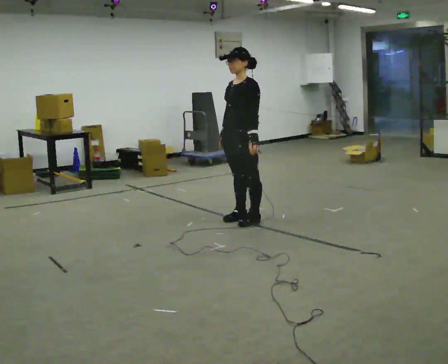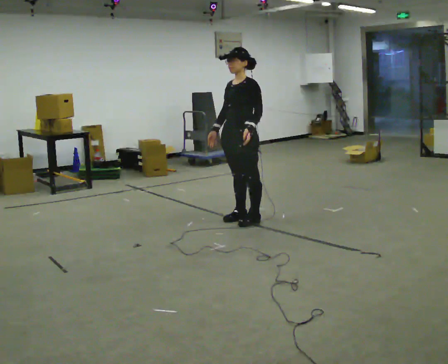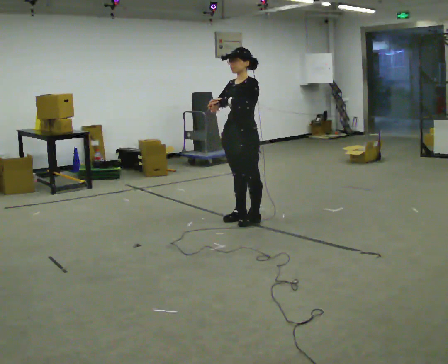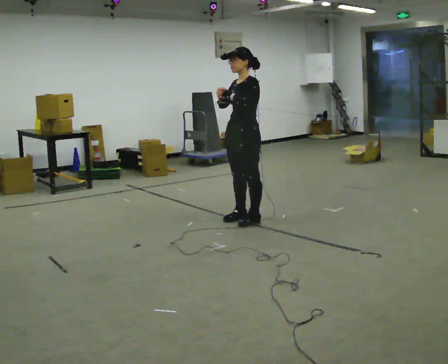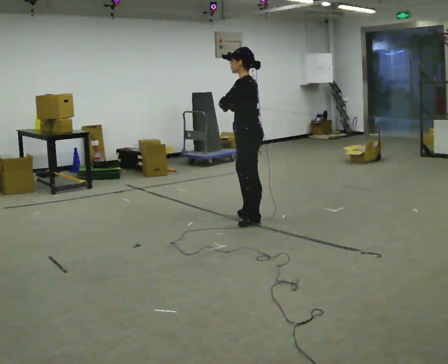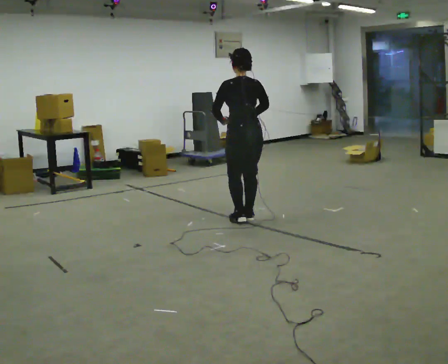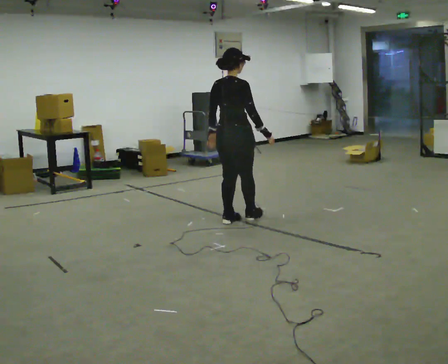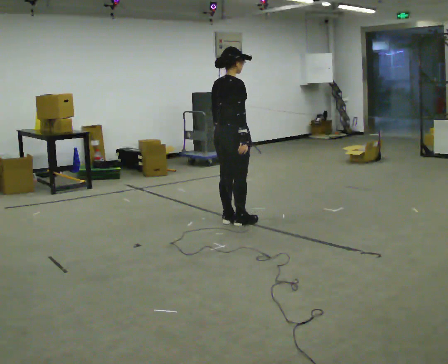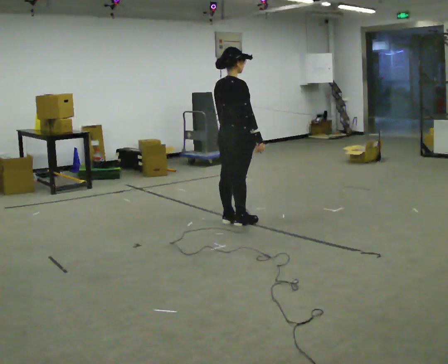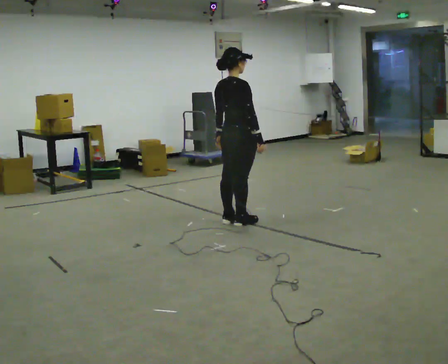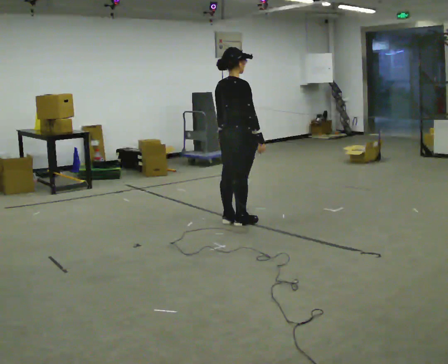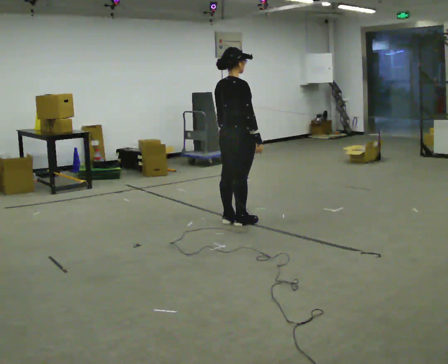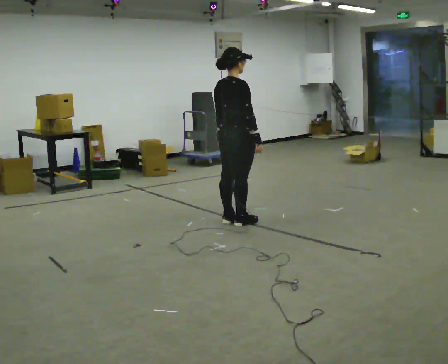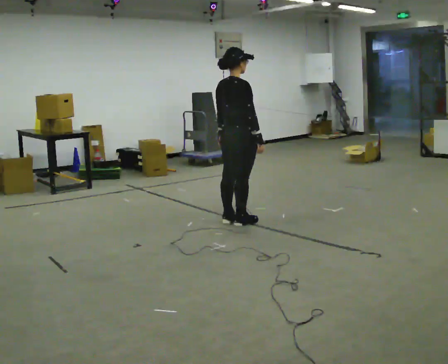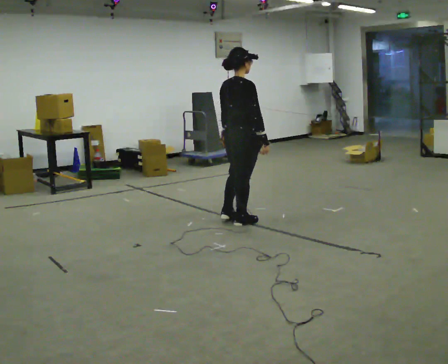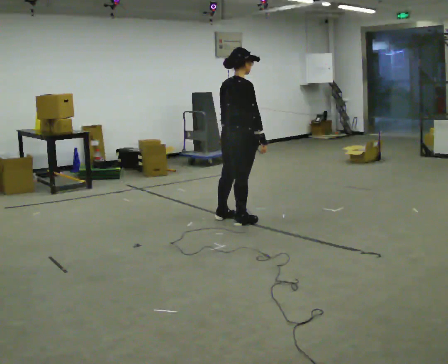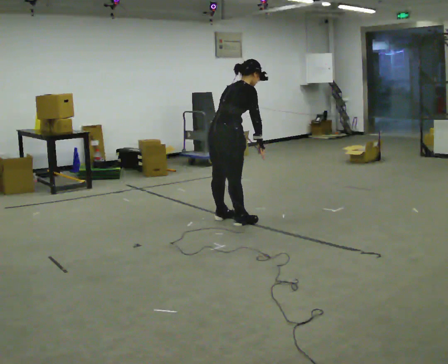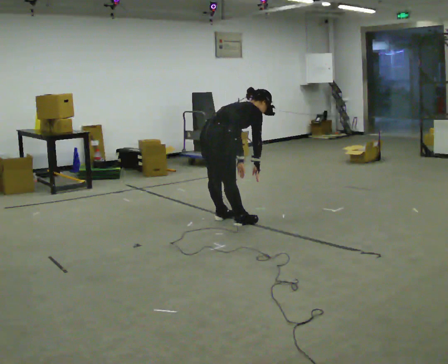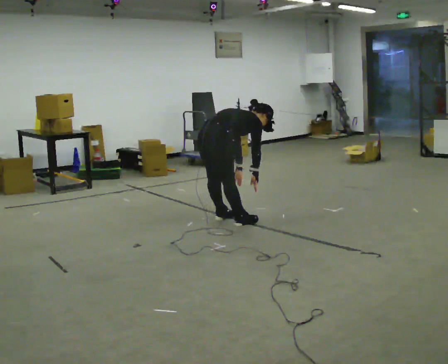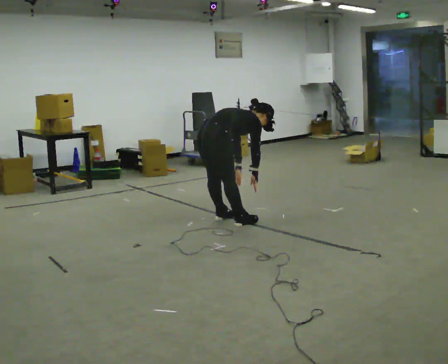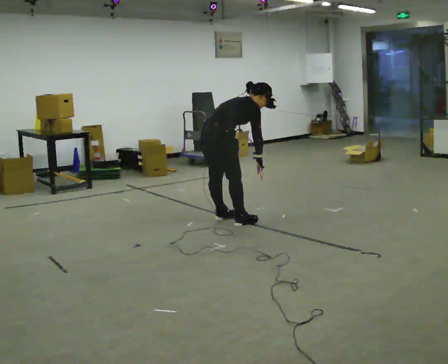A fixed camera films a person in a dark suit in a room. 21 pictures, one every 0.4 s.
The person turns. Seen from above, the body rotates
clockwise.
The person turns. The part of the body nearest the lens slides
to the left.
0.0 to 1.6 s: The person turns about 60 degrees to their right, clockwise seen from above, so the part of the body nearest the lens slides to the left.
1.6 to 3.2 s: Seen from above the body turns clockwise, about 120 degrees: to their right, with its near side sliding to the left. In the picture they go to the left, about 0.25 m in 2 steps.
3.2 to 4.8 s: The person moves a little, or ends about where they began.
4.8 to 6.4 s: In the picture the upper body tilts clockwise, shoulders to the right, as they bend forward.
6.4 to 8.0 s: The person moves a little, or ends about where they began.
The film runs forward here.
